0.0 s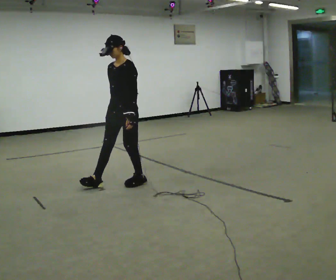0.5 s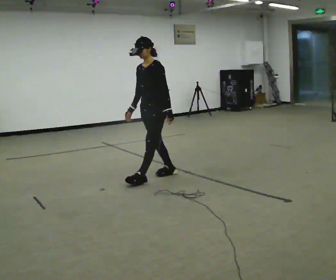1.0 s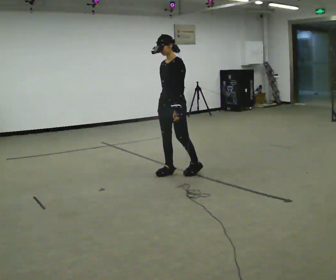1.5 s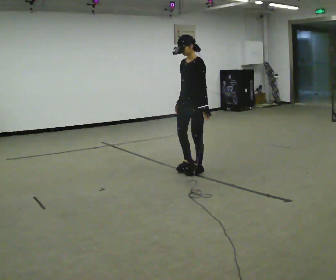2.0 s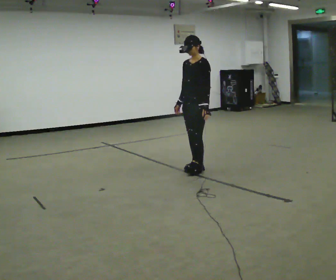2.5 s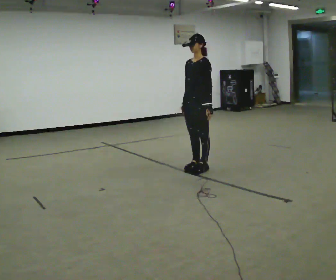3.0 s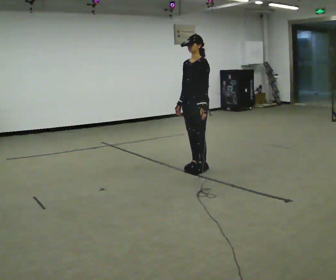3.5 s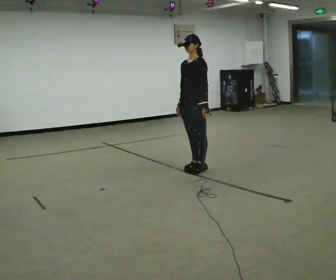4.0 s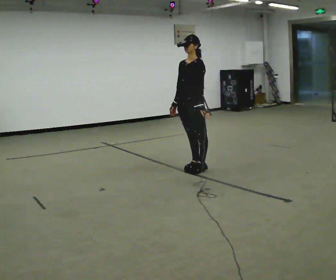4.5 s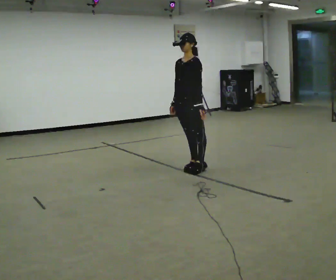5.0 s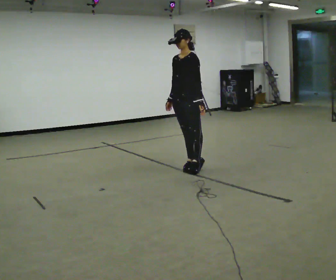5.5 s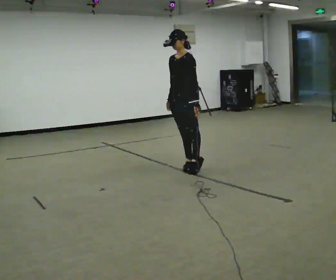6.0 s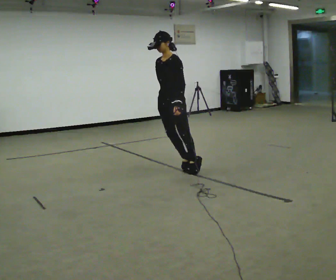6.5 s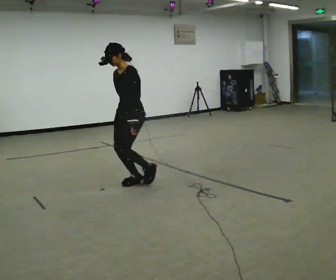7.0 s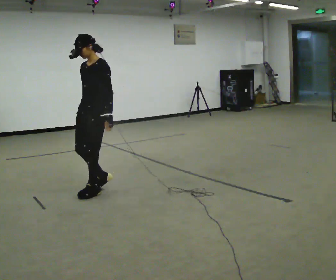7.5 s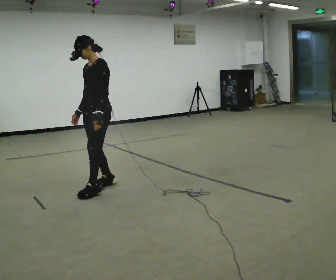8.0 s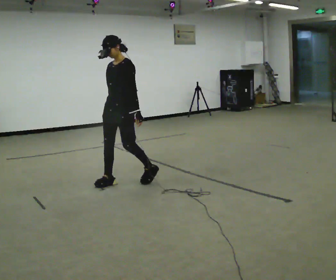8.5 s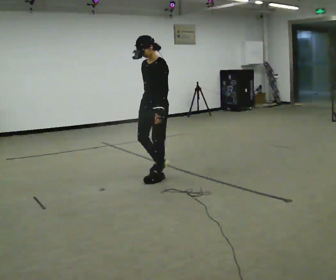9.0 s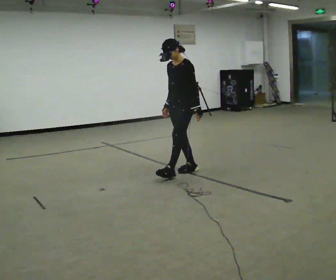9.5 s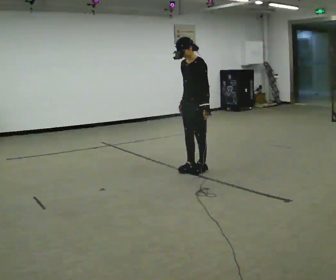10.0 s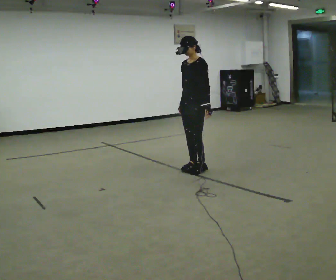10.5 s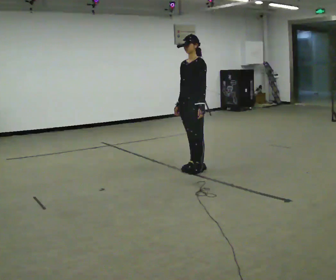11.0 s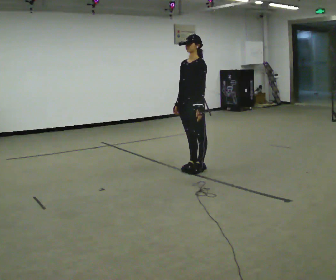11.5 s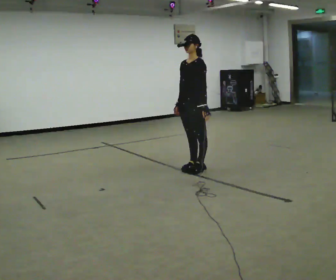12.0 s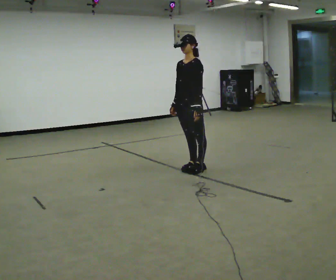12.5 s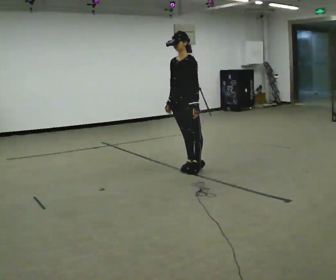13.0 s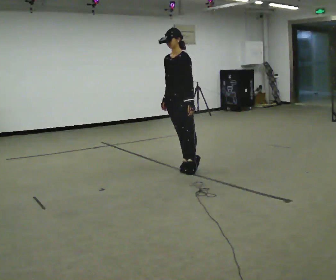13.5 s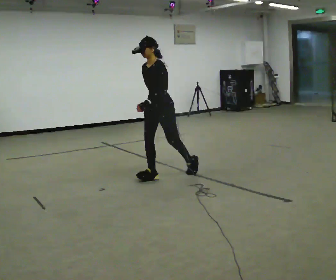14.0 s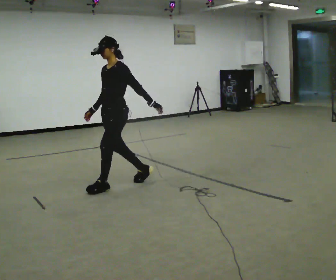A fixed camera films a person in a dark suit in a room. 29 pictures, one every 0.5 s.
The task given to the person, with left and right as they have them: Stand on the marked spots and rise up onto your toes. Stay up until you start to topple forward, then step to catch yourself. Repeat at your own pace until the operator says stop. Go slowly and only as far as you are comfortable. Step whenever you need to; do not try to hold on longer than feels safe.
0.0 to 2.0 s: In the picture they go to the right, about 1 m in 3 steps, which for them is backward.
2.0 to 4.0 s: The person moves a little, or ends about where they began.
4.0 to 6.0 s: In the picture they go to the left, about 0.25 m, which for them is forward.
6.0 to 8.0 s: In the picture they go to the left, about 0.5 m in 3 steps, which for them is forward.
8.0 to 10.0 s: In the picture they go to the right, about 1 m in 3 steps, which for them is backward.
10.0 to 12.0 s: The person moves a little, or ends about where they began.
12.0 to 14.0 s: In the picture they go to the left, about 1 m in 1 step, which for them is forward.
The film runs forward here.
